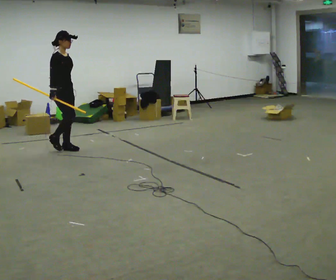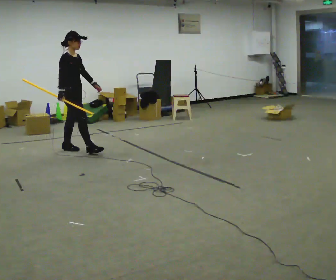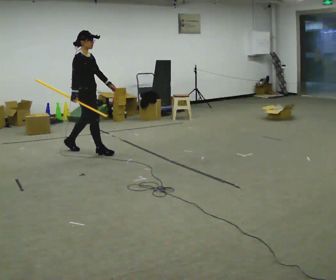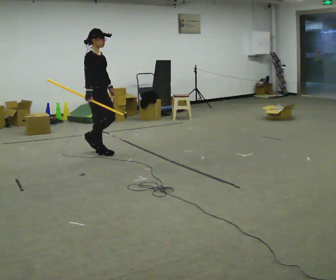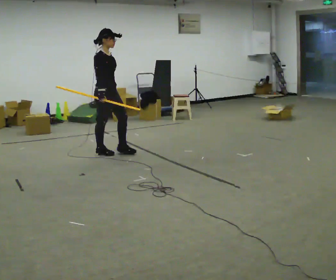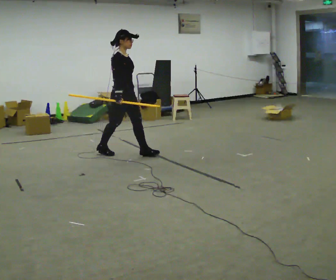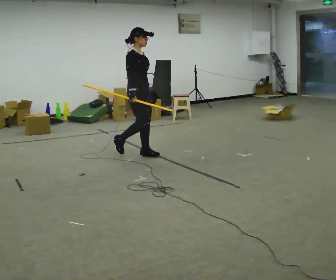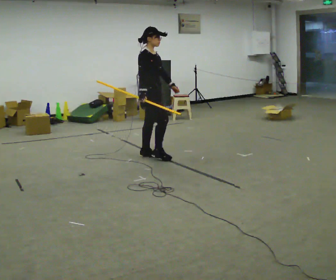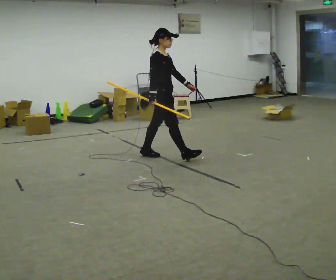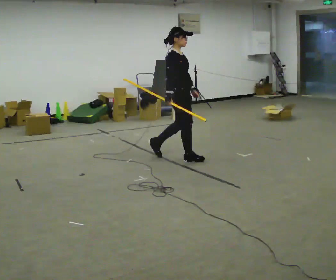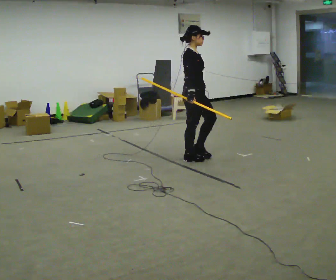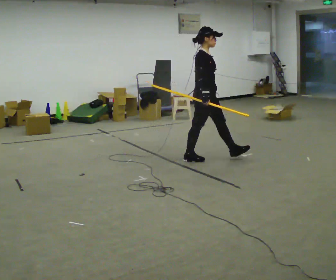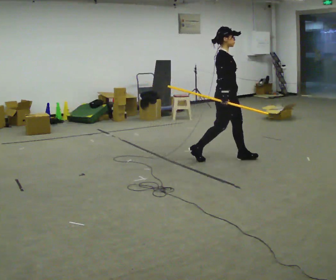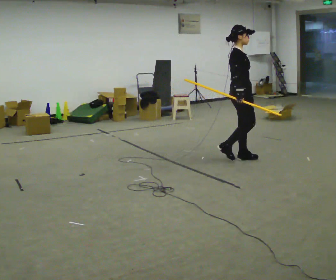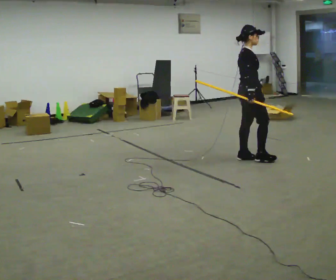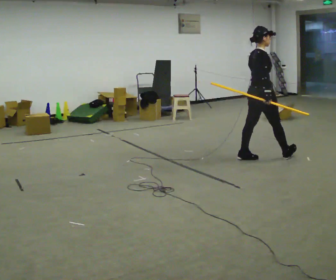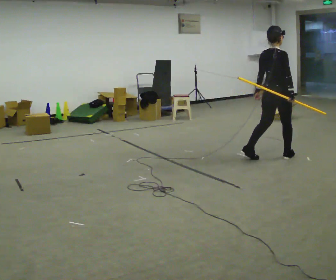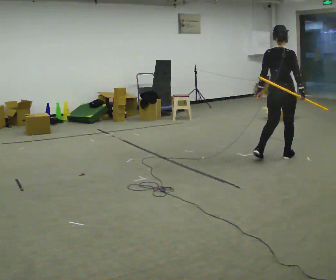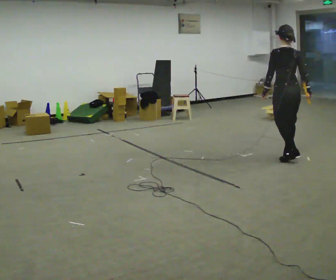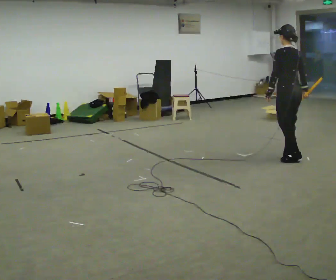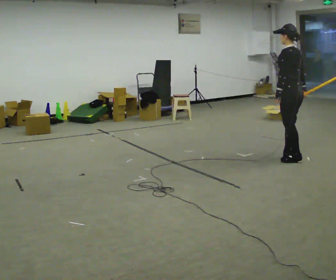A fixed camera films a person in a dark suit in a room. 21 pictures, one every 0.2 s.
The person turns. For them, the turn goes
to their left.
The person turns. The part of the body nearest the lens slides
to the right.
0.0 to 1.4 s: In the picture they go to the right, about 1 m in 2 steps, which for them is forward.
1.4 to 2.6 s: In the picture they go to the right, about 1 m in 2 steps, which for them is forward.
2.6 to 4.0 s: The part of the body nearest the lens slides to the right as the person turns to their left by about 150 degrees. In the picture they go to the right, about 0.75 m in 2 steps.
The film runs forward here.
